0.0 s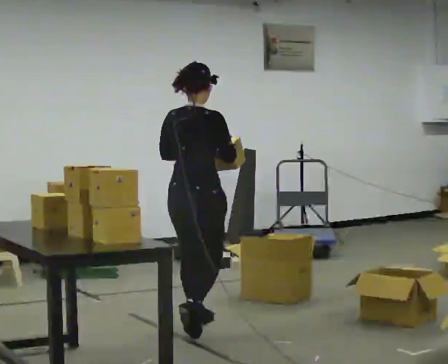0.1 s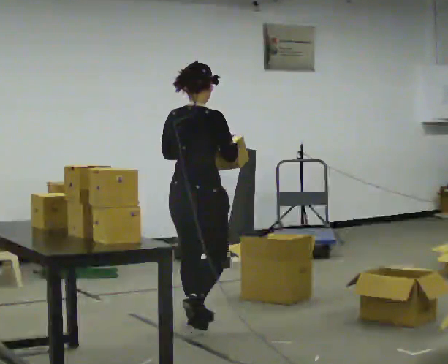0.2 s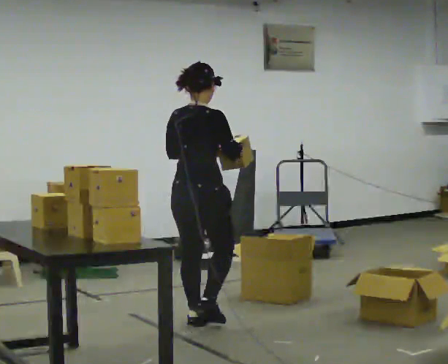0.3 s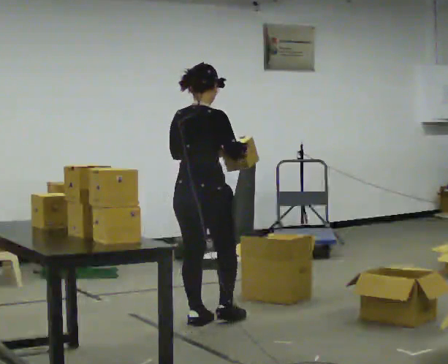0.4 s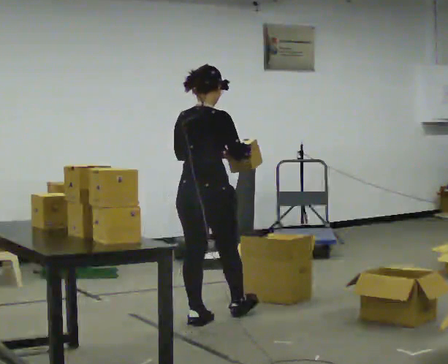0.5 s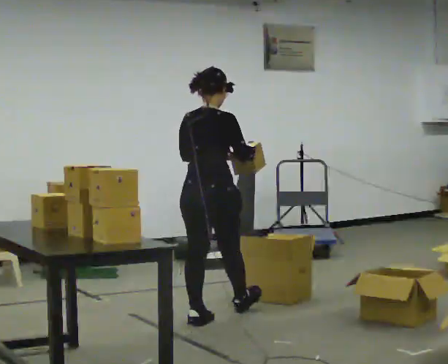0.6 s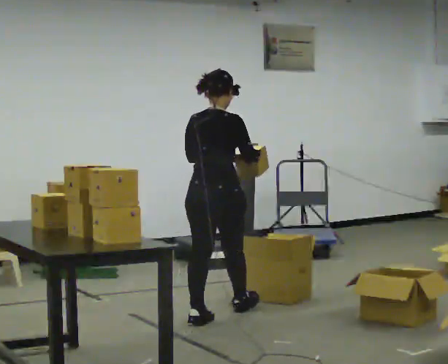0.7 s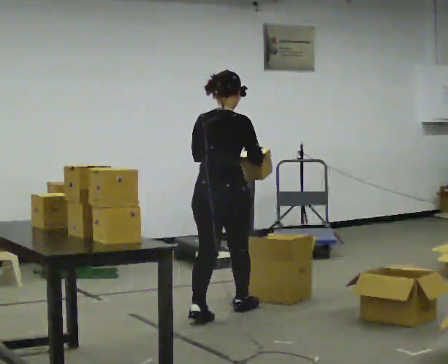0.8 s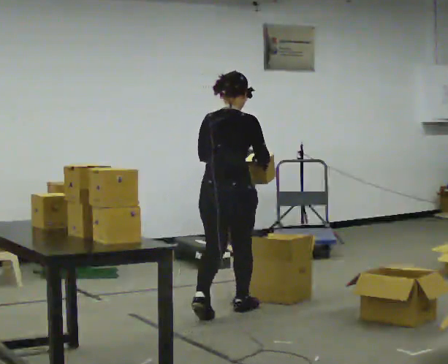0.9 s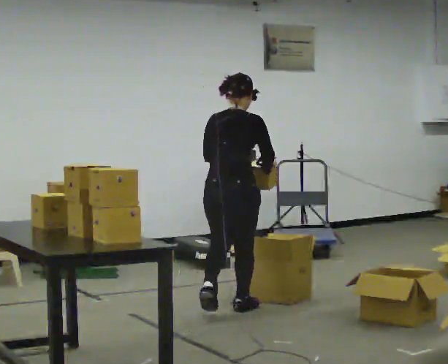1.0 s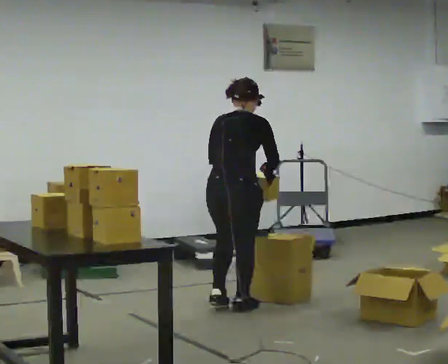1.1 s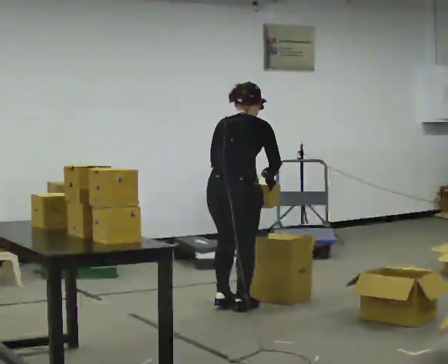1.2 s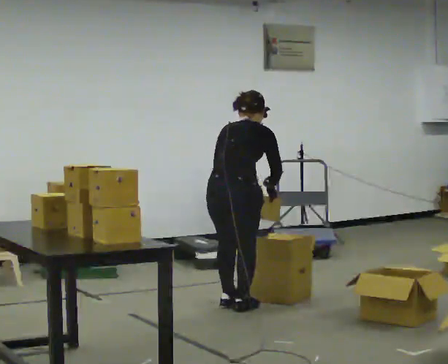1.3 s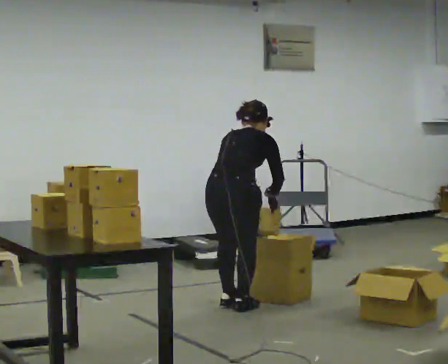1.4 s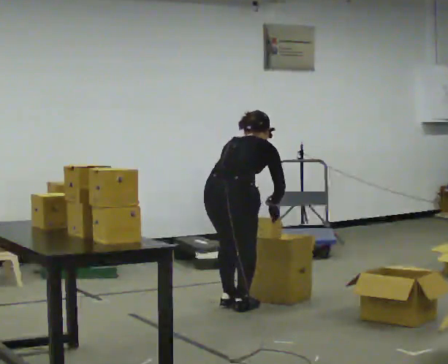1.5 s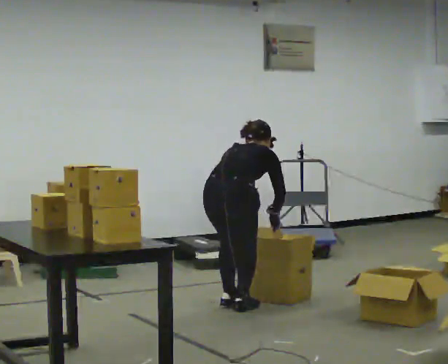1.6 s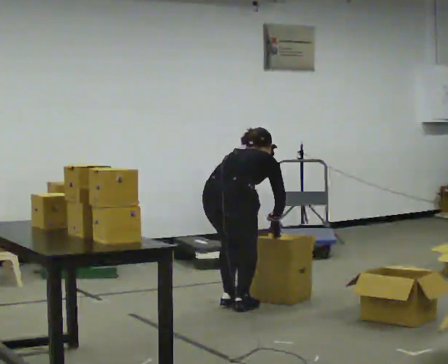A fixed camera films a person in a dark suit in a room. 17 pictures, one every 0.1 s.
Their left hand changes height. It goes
downward.
The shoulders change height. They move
downward.
0.0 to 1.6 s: In the picture they go away from the camera and to the right, about 0.5 m in 2 steps, which for them is forward. The shoulders move downward. The upper body tips away from the camera, its near side rolling upward, as they bend forward. In the picture their right hand goes downward.
The film runs forward here.
